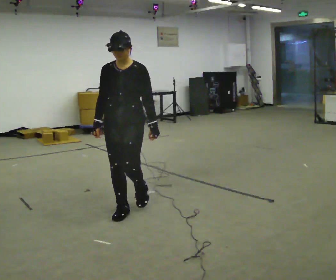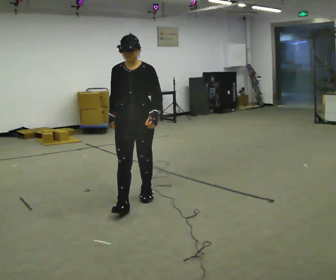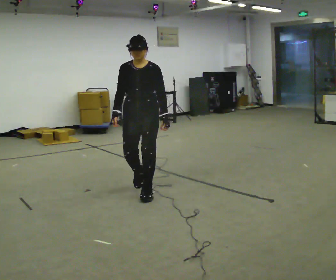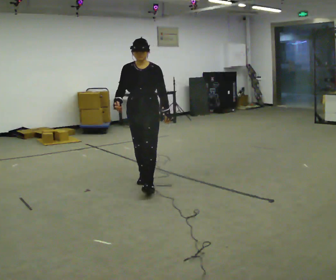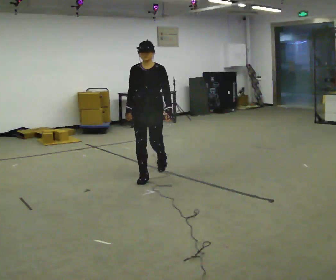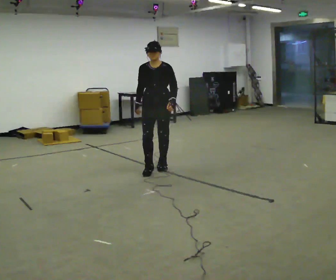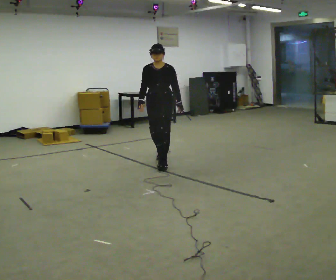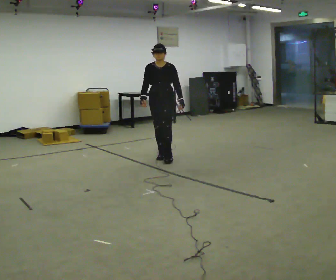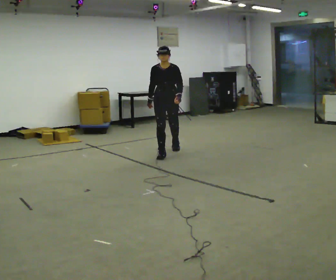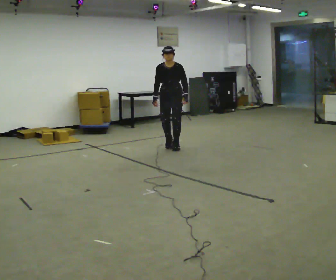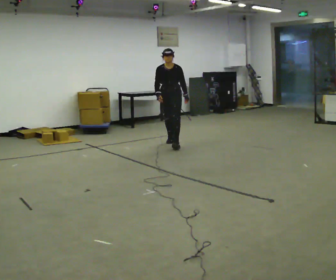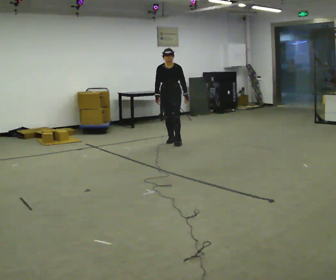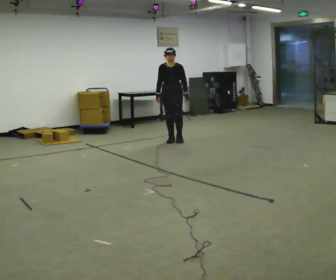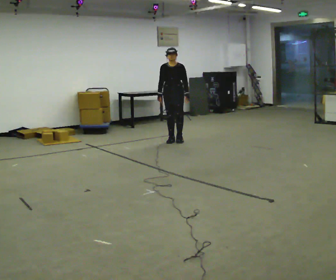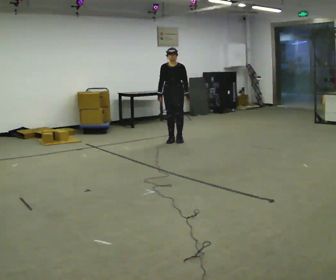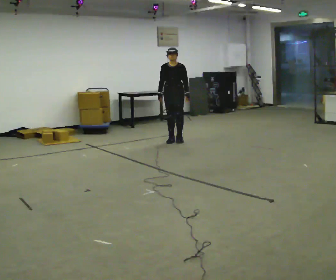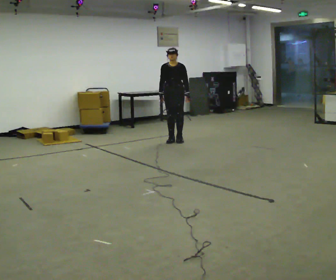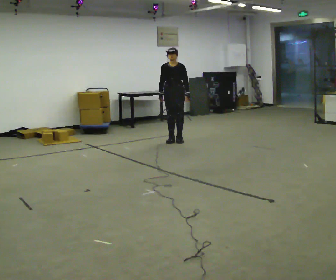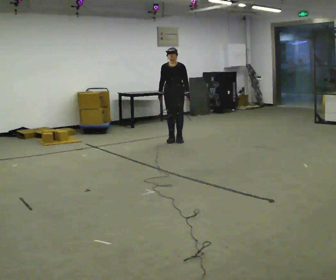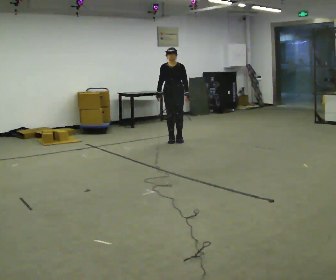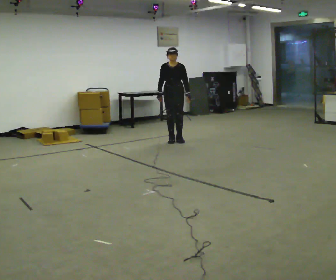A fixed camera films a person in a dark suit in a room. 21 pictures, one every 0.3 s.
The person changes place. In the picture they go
away from the camera.
0.0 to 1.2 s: In the picture they go away from the camera, about 1 m in 2 steps, which for them is backward.
1.2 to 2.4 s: In the picture they go away from the camera, about 1 m in 2 steps, which for them is backward.
2.4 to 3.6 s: In the picture they go away from the camera, about 1 m in 2 steps, which for them is backward.
3.6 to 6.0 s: The person moves a little, or ends about where they began.
The film runs backward here.
